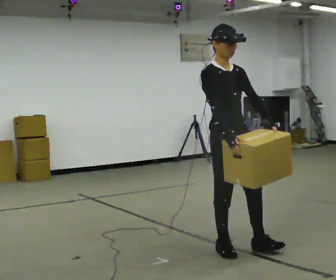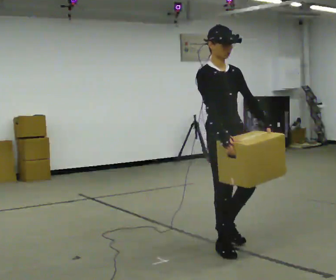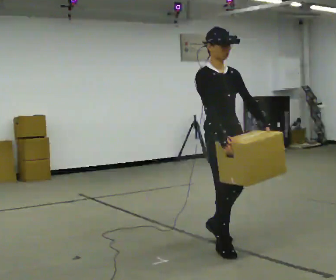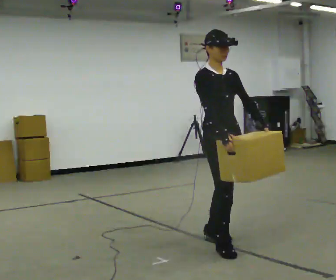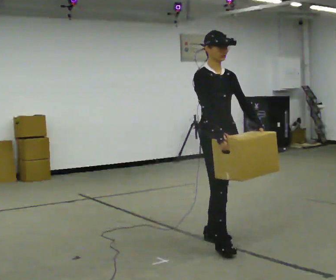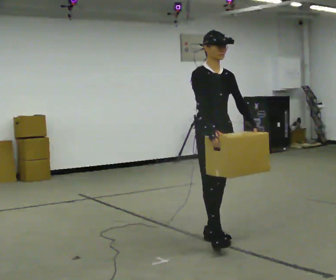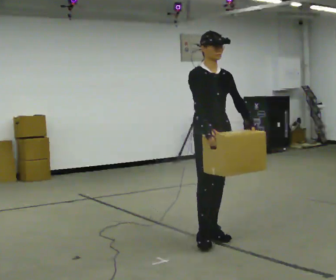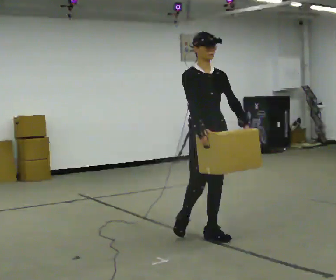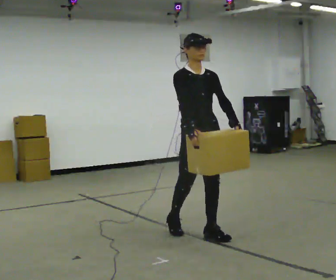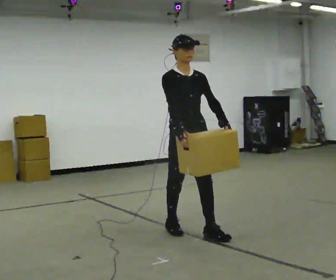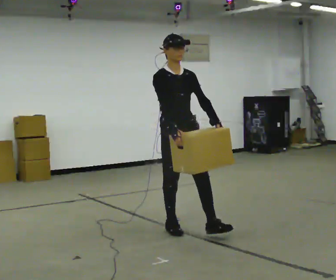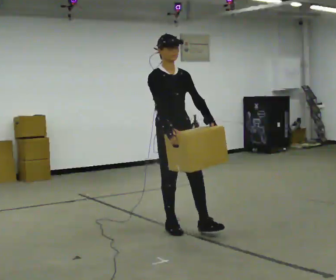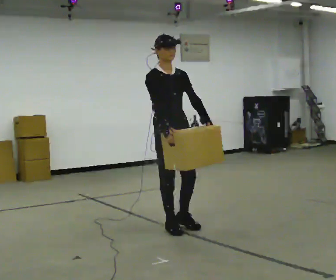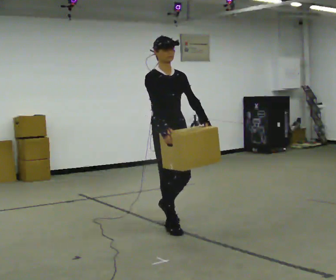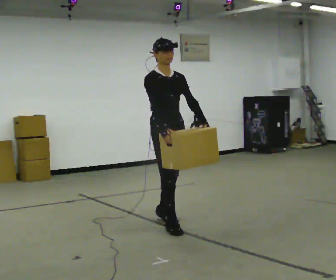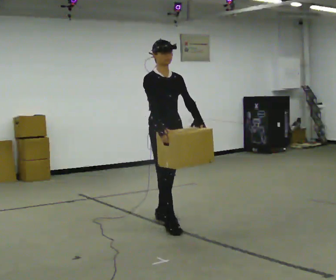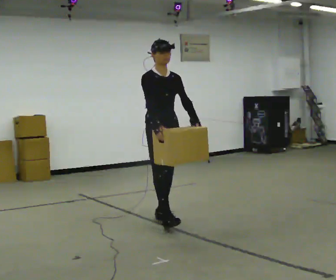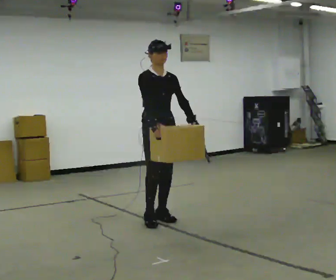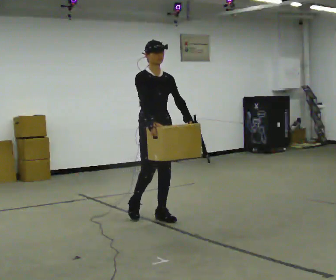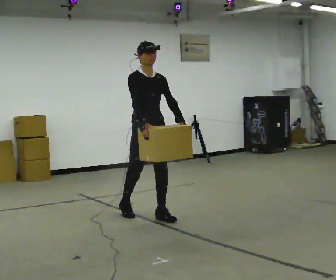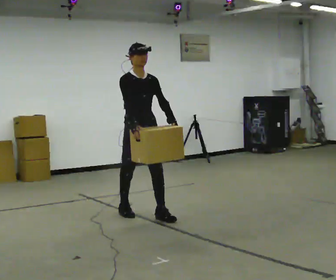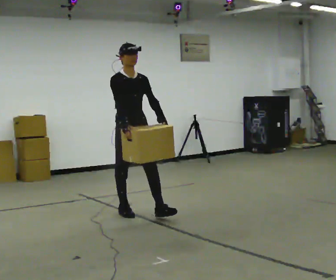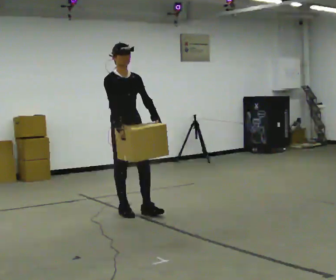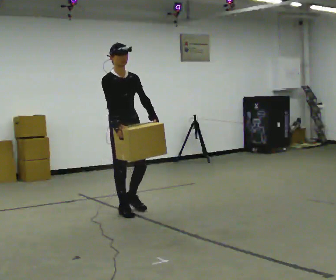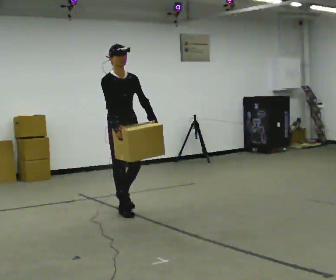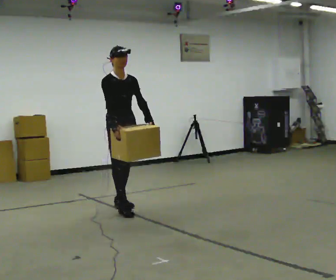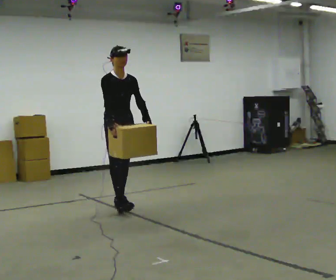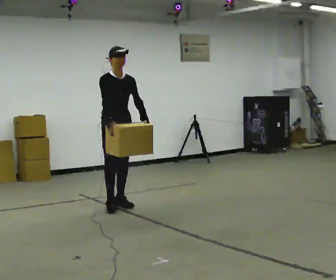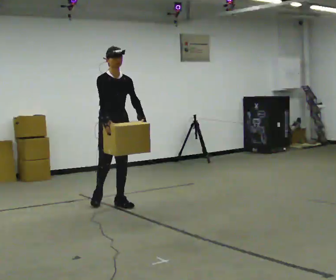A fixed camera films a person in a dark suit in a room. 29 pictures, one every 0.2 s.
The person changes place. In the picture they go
away from the camera.
0.0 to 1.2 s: In the picture they go away from the camera, about 0.5 m in 1 step, which for them is backward and to their left.
1.2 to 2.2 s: In the picture they go to the left and away from the camera, about 0.5 m in 1 step, which for them is backward and to their right.
2.2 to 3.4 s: In the picture they go away from the camera, about 0.5 m in 1 step, which for them is backward.
3.4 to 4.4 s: In the picture they go to the left and away from the camera, about 0.5 m in 1 step, which for them is backward and to their right.
4.4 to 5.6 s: In the picture they go away from the camera, about 0.5 m in 1 step, which for them is backward.
The film runs backward here.
